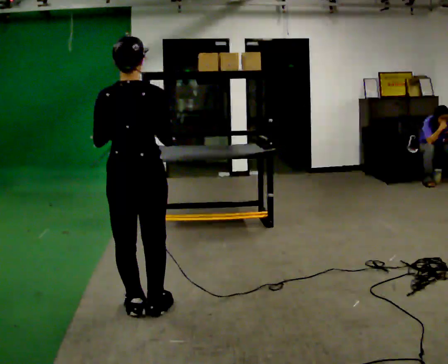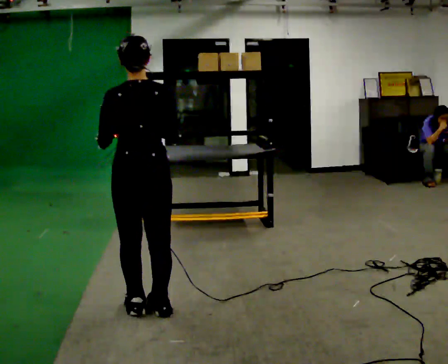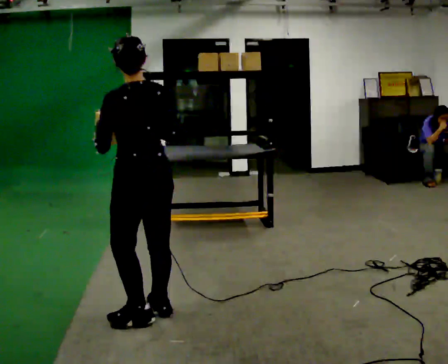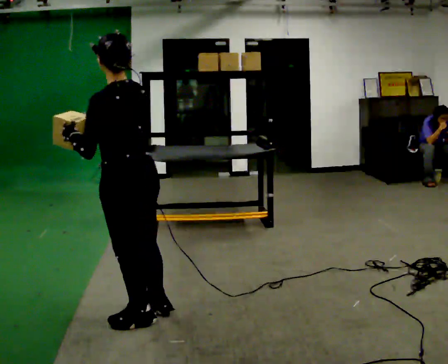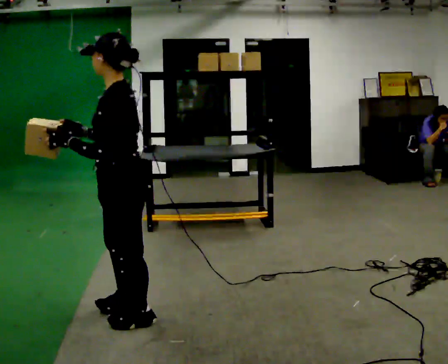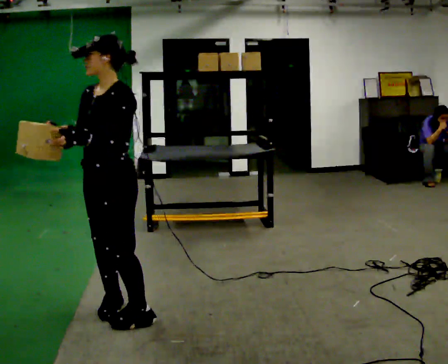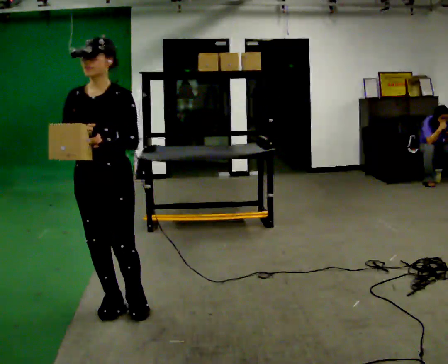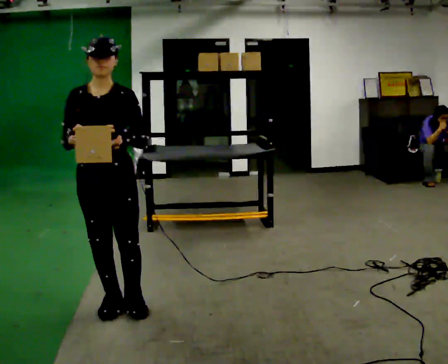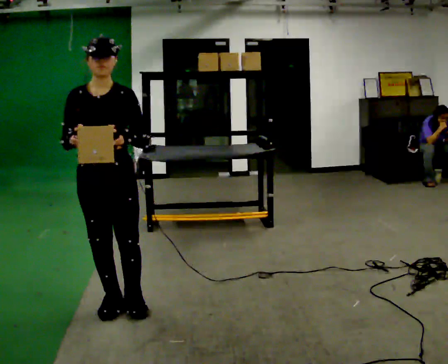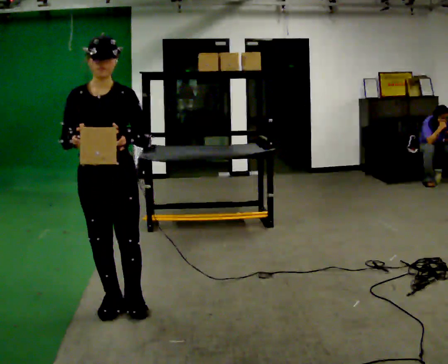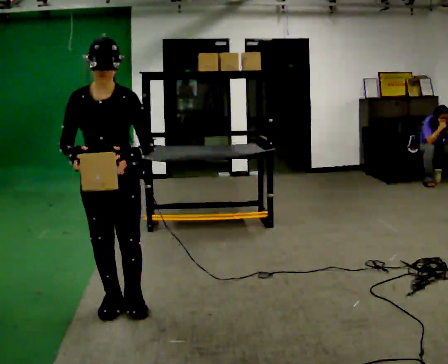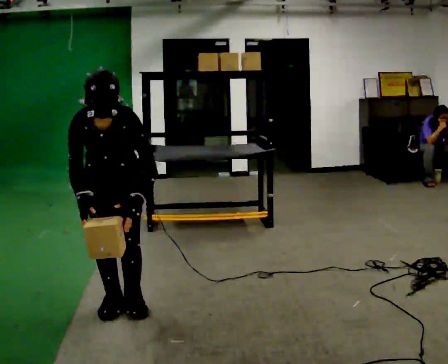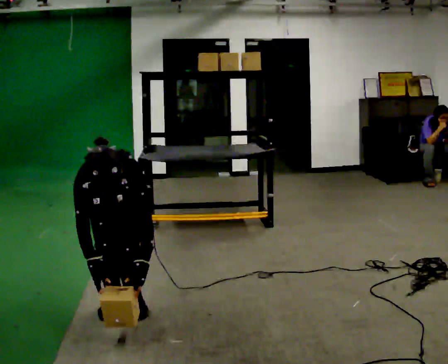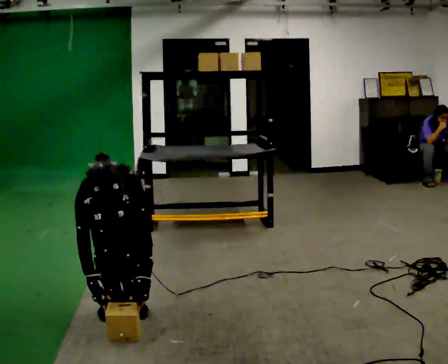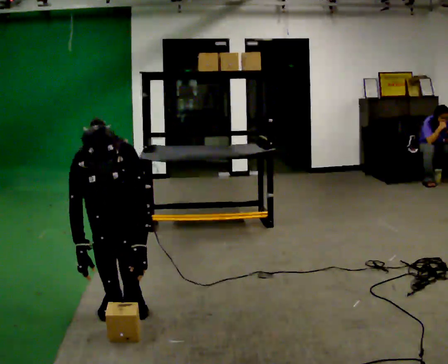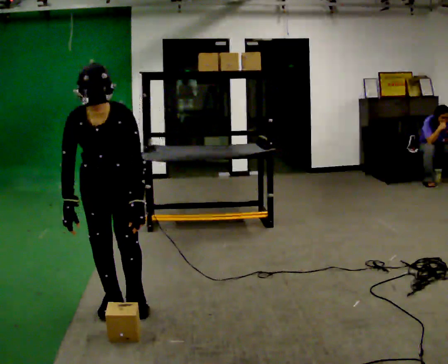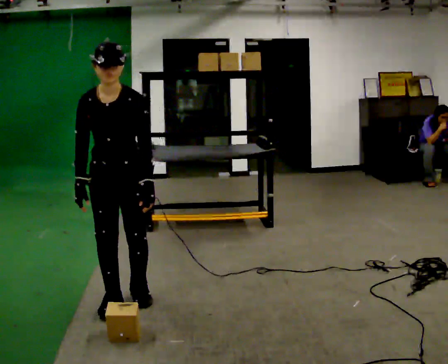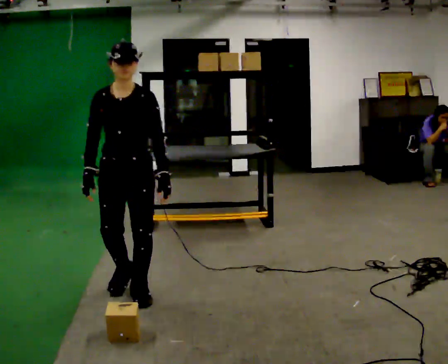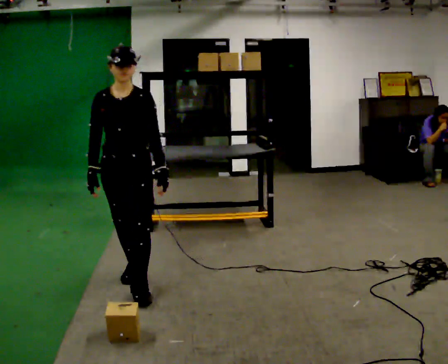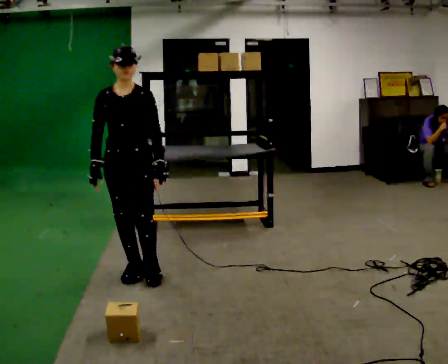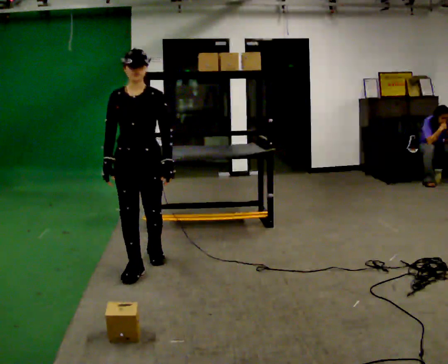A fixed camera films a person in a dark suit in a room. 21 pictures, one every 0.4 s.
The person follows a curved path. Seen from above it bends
clockwise.
The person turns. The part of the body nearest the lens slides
to the right.
0.0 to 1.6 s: The part of the body nearest the lens slides to the right as the person turns to their left by about 90 degrees. In the picture their right hand goes to the left.
1.6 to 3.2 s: Seen from above the body turns counterclockwise, about 90 degrees: to their left, with its near side sliding to the right.
3.2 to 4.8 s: The shoulders move downward. The upper body tips toward the camera, its near side rolling downward, as they bend forward. In the picture their right hand goes downward.
4.8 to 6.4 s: The upper body tips away from the camera, its near side rolling upward, as they lean back or straighten. In the picture their right hand goes upward.
6.4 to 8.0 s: In the picture they go away from the camera, about 0.5 m in 2 steps, which for them is backward. The upper body tips away from the camera, its near side rolling upward, as they lean back or straighten.
The film runs backward here.
